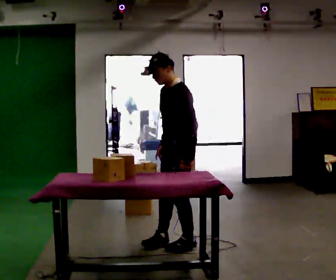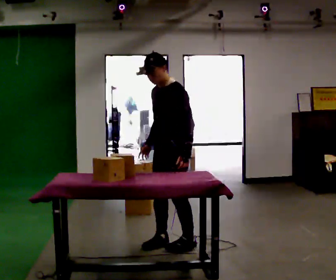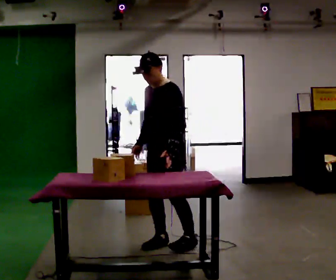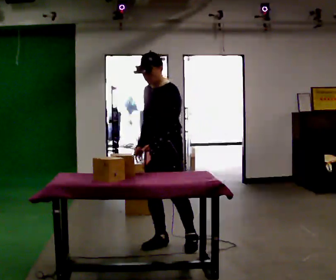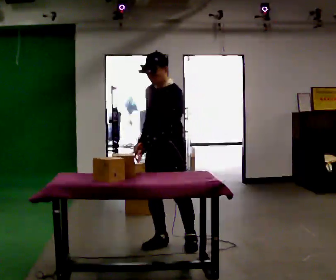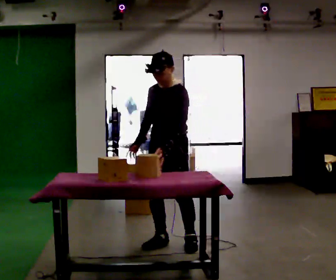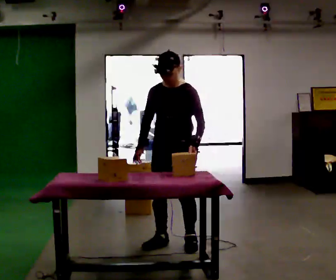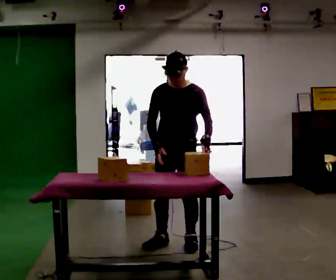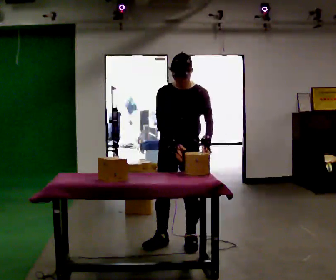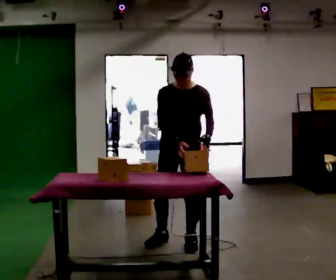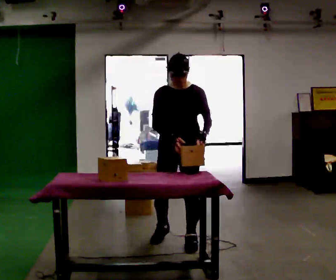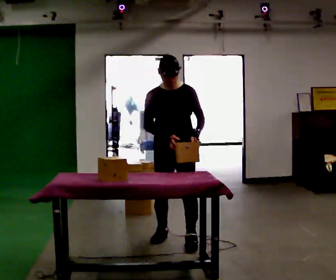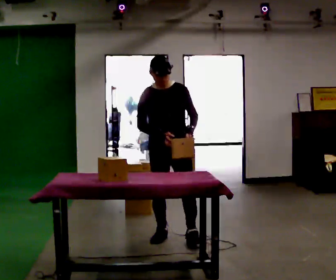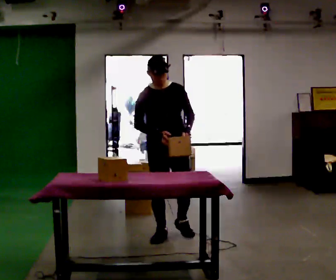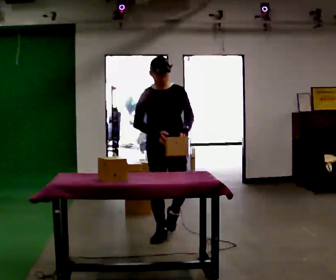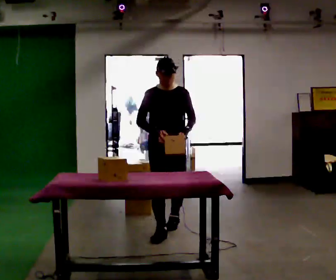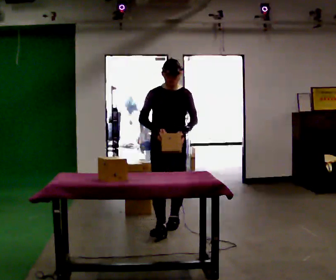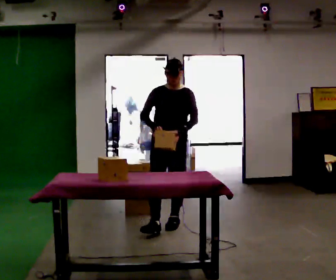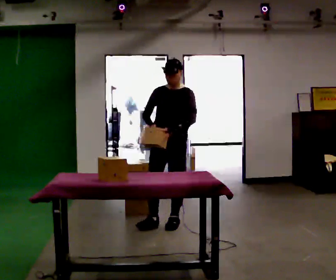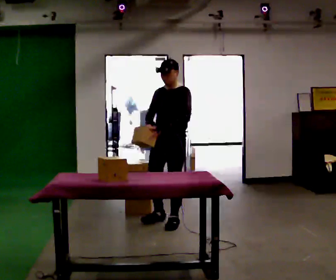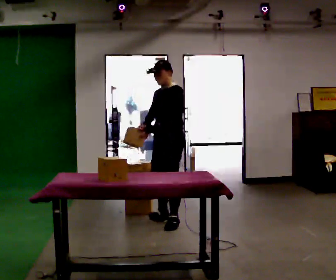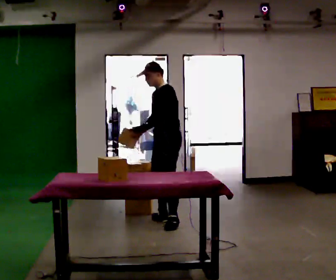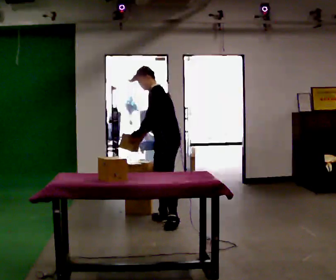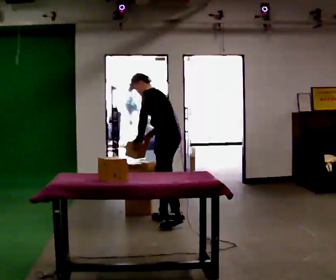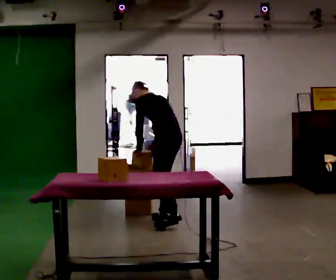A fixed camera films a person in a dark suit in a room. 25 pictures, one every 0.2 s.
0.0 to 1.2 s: Seen from above the body turns counterclockwise, about 45 degrees: to their left, with its near side sliding to the right.
1.2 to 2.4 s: The person turns about 30 degrees to their left, counterclockwise seen from above, so the part of the body nearest the lens slides to the right. In the picture they go away from the camera, about 0.25 m in 2 steps, which for them is backward.
2.4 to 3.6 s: In the picture they go away from the camera, about 0.5 m in 1 step, which for them is backward.
3.6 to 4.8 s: The person turns about 105 degrees to their right, clockwise seen from above, so the part of the body nearest the lens slides to the left. In the picture they go away from the camera, about 0.25 m in 1 step. In the picture the upper body tilts counterclockwise, shoulders to the left, as they bend forward.
The film runs backward here.
